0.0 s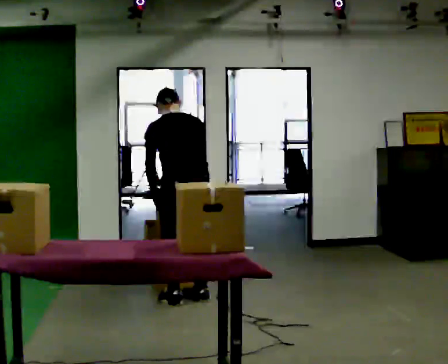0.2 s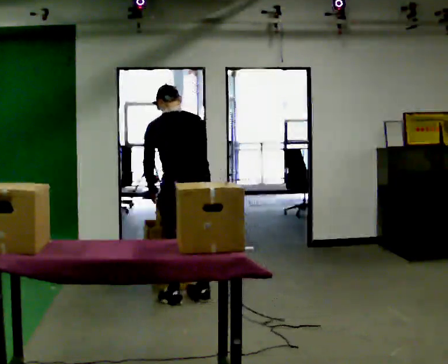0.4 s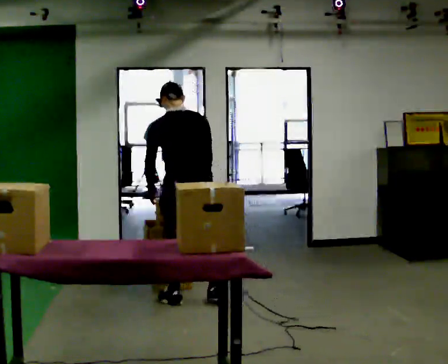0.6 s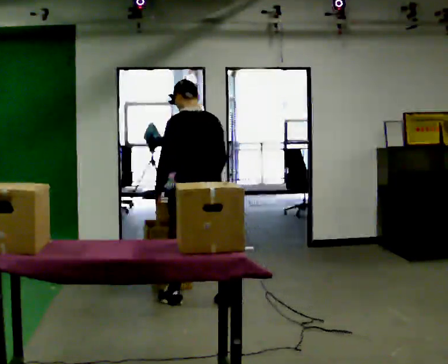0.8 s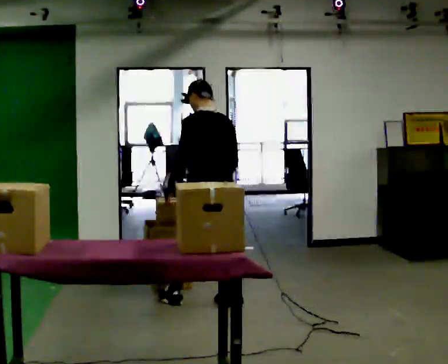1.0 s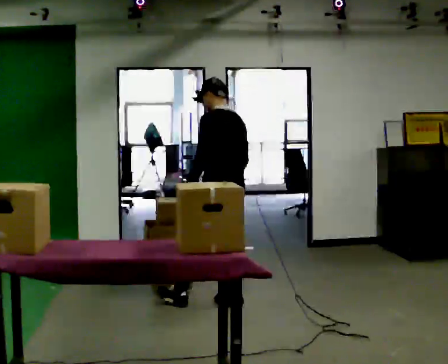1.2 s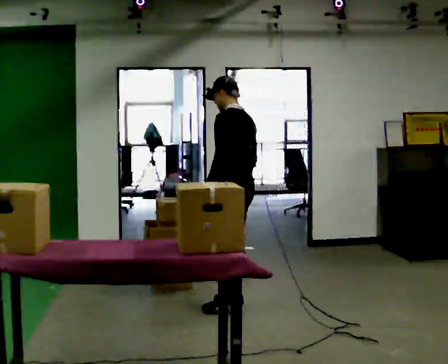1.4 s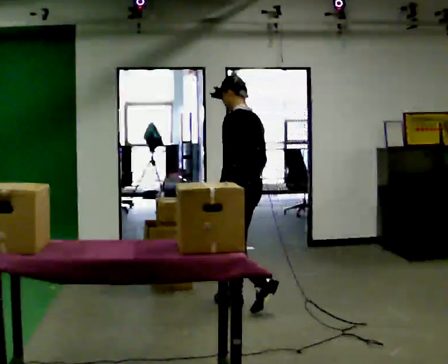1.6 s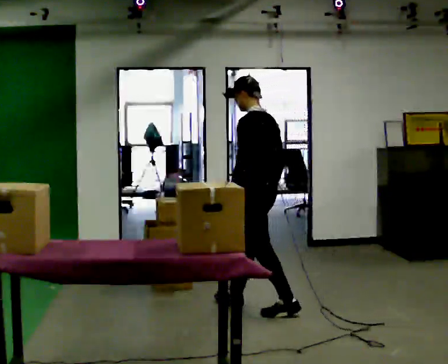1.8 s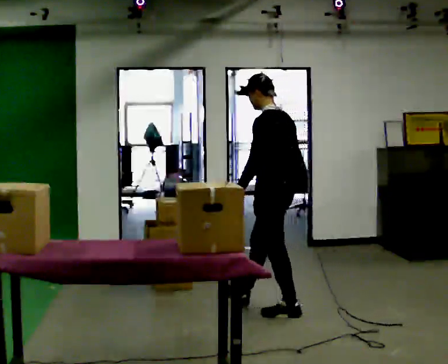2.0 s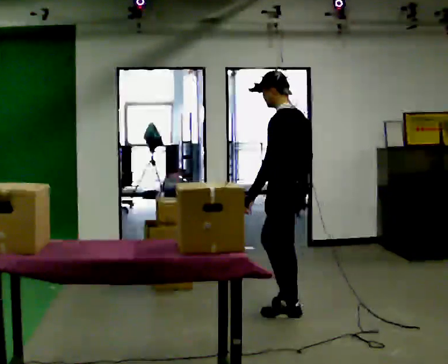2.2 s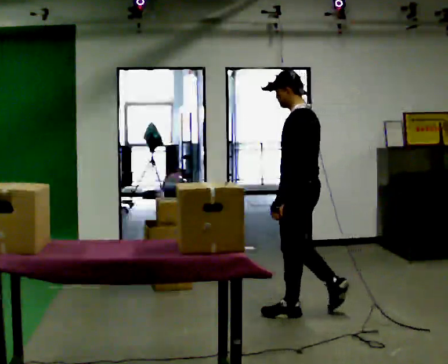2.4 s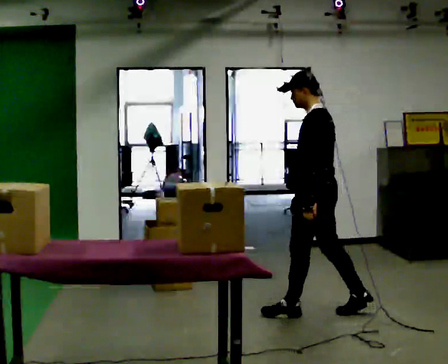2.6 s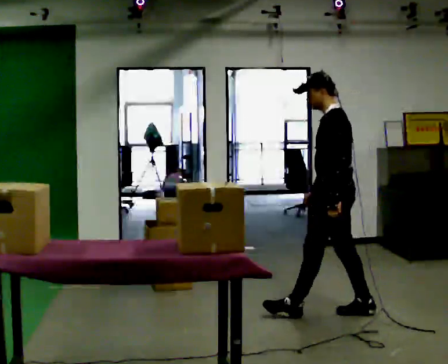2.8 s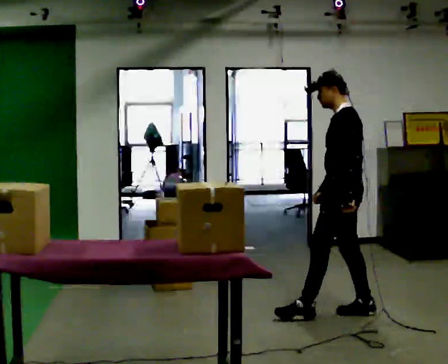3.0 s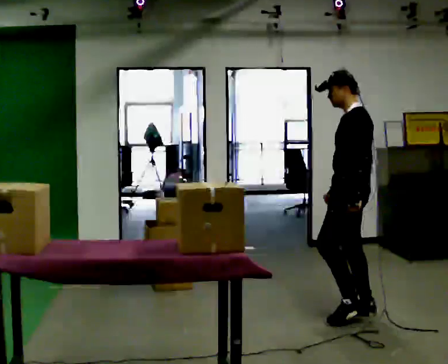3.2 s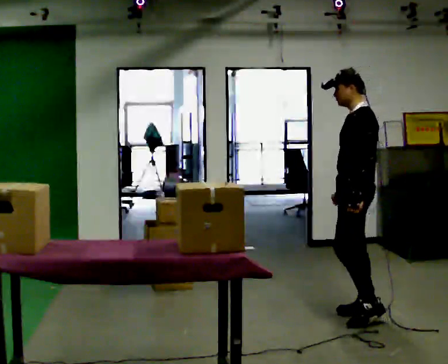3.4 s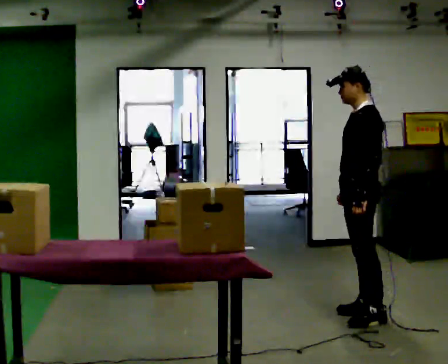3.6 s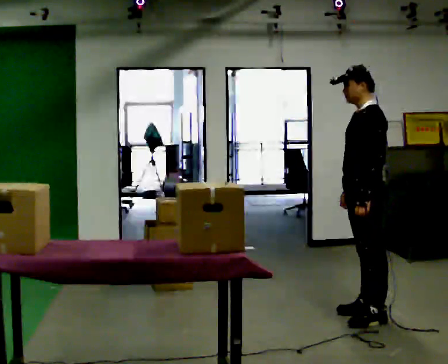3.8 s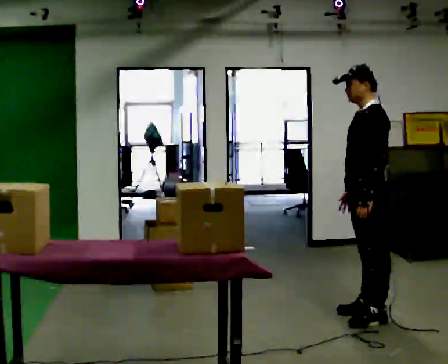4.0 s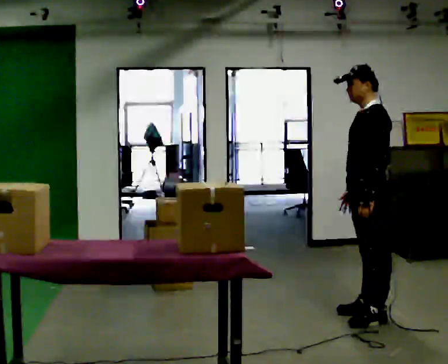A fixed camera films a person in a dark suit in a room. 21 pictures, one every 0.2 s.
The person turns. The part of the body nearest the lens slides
to the right.
The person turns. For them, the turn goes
to their left.
0.0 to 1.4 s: The part of the body nearest the lens slides to the right as the person turns to their left by about 45 degrees. In the picture they go to the right, about 0.5 m in 2 steps, which for them is backward and to their right. The upper body tips toward the camera, its near side rolling downward, as they lean back or straighten.
1.4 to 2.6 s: In the picture they go to the right, about 0.5 m in 1 step, which for them is backward.
2.6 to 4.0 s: In the picture they go to the right, about 0.25 m in 1 step, which for them is backward and to their left.
The film runs backward here.
